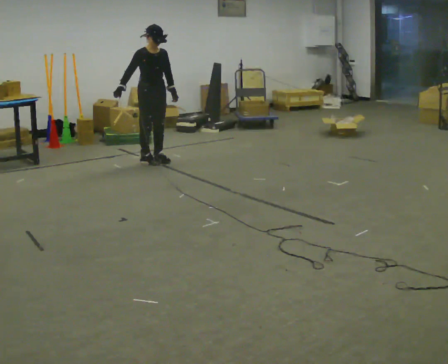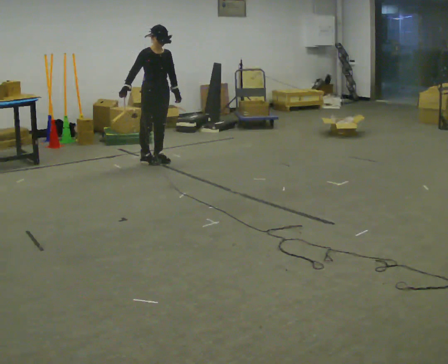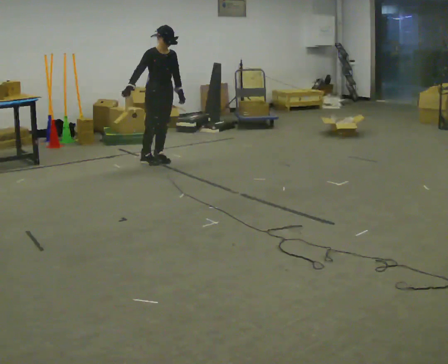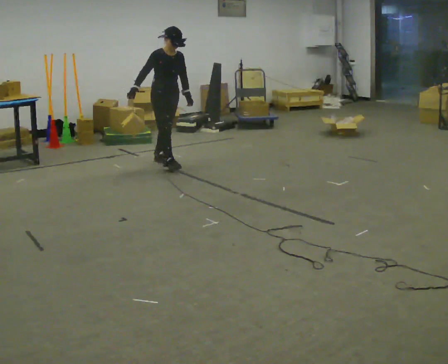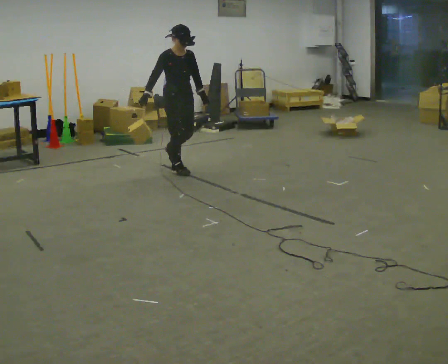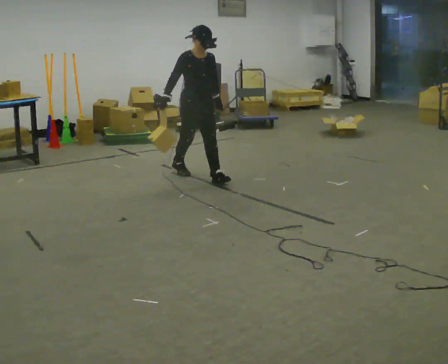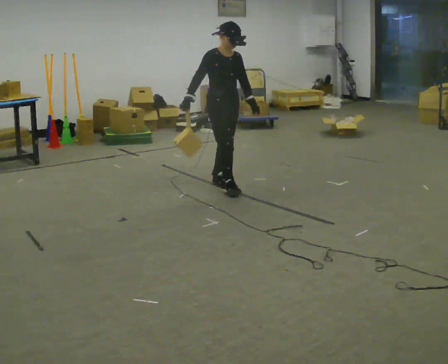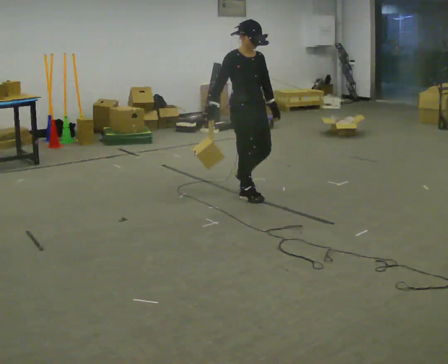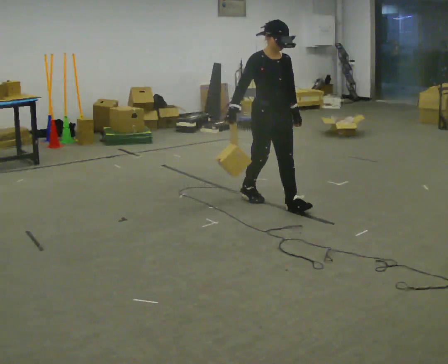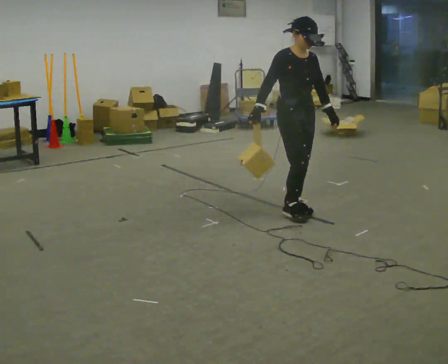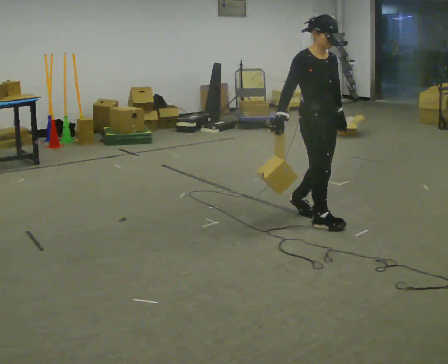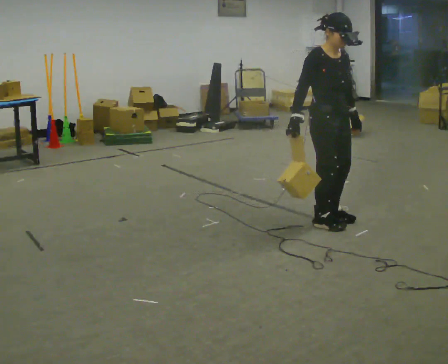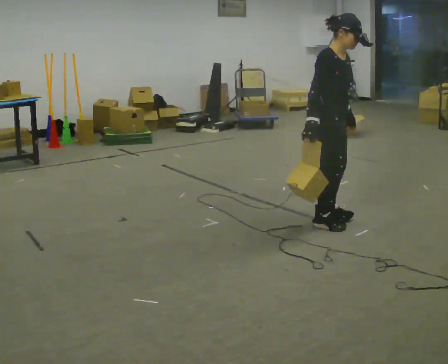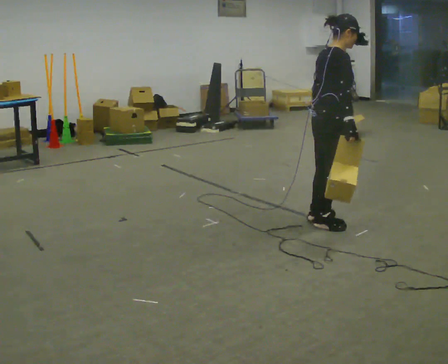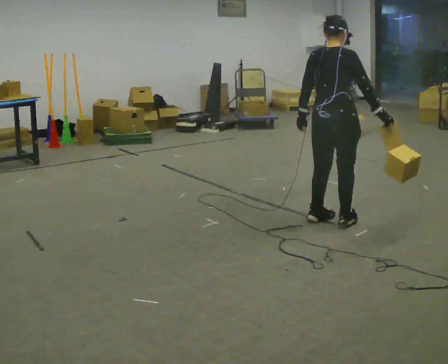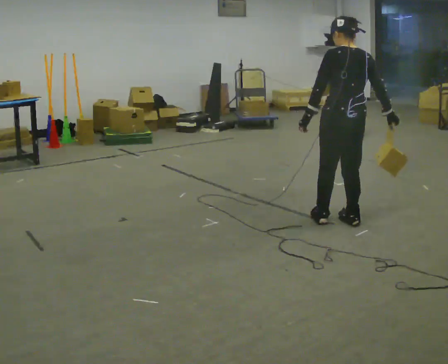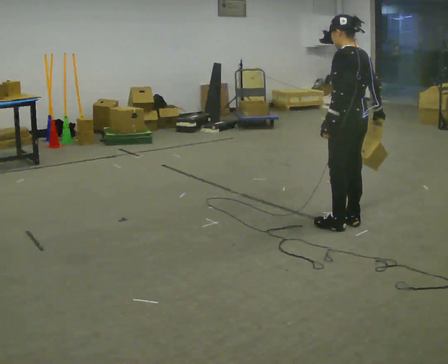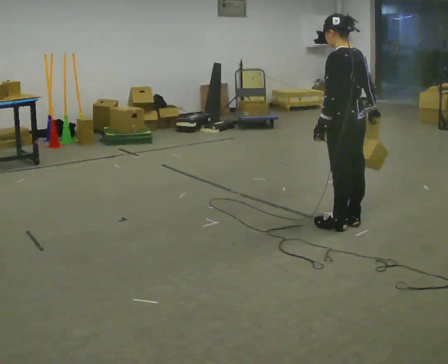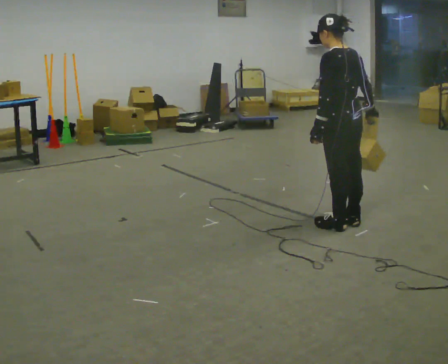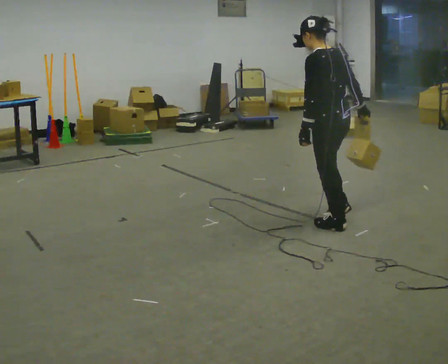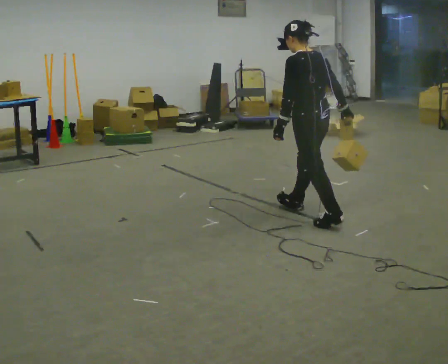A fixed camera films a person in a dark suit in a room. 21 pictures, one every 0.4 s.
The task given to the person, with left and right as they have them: Hold the object against your hip on the side the operator calls, and carry it back and forth across the room.
0.0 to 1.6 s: In the picture they go to the right and toward the camera, about 0.5 m in 1 step, which for them is forward.
1.6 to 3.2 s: In the picture they go to the right and toward the camera, about 1.5 m in 3 steps, which for them is forward.
3.2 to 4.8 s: The person turns about 45 degrees to their left, counterclockwise seen from above, so the part of the body nearest the lens slides to the right. In the picture they go toward the camera and to the right, about 0.5 m in 2 steps, which for them is forward.
4.8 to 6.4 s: Seen from above the body turns counterclockwise, about 165 degrees: to their left, with its near side sliding to the right. In the picture they go to the right, about 0.25 m in 2 steps. In the picture their right hand goes to the right.
6.4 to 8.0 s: In the picture they go to the left and away from the camera, about 0.25 m in 1 step, which for them is forward.
The film runs forward here.
